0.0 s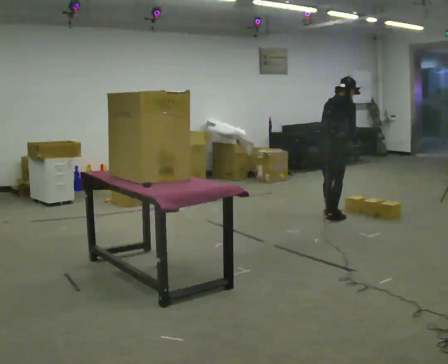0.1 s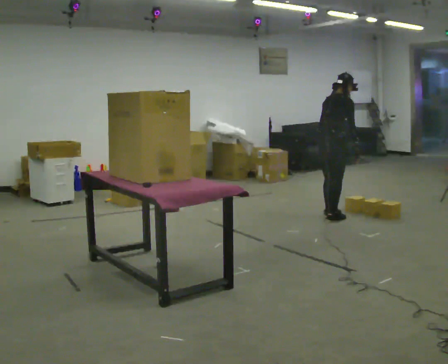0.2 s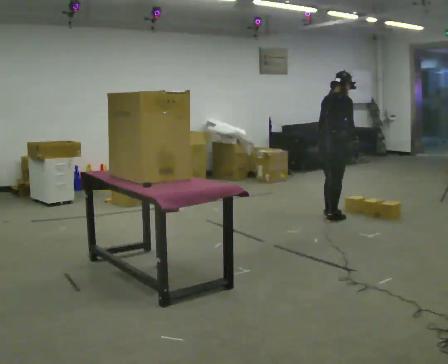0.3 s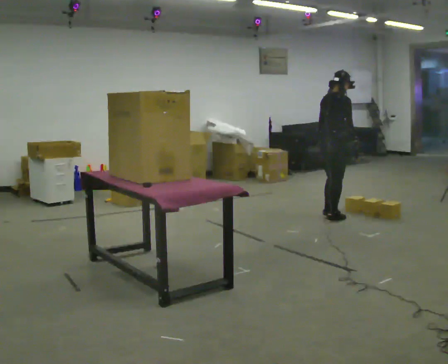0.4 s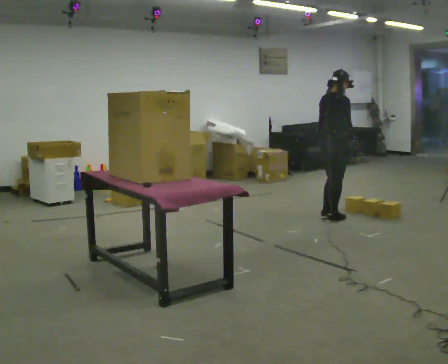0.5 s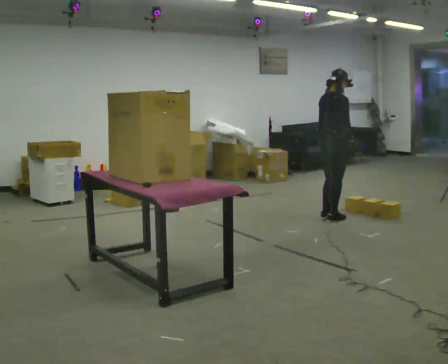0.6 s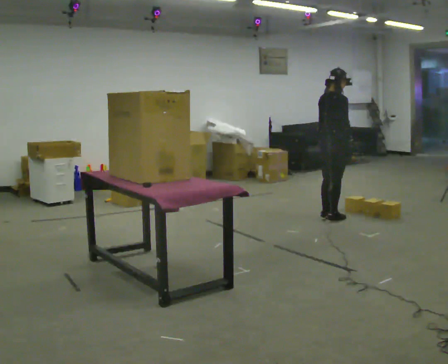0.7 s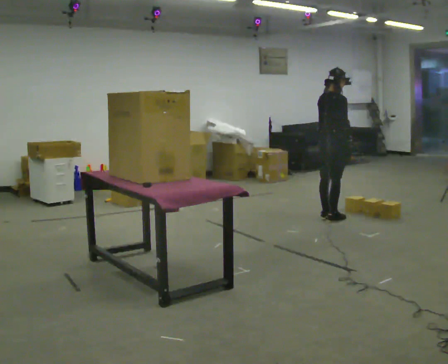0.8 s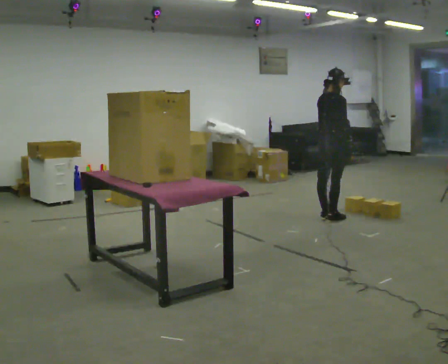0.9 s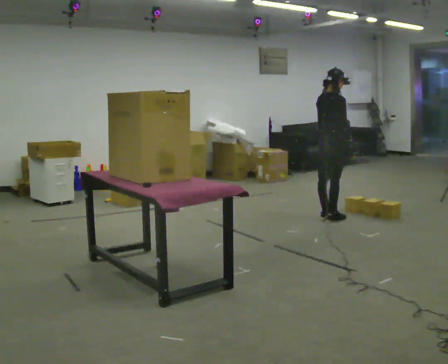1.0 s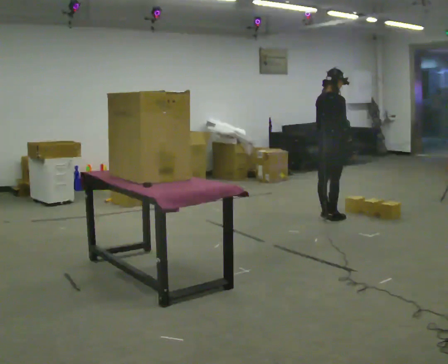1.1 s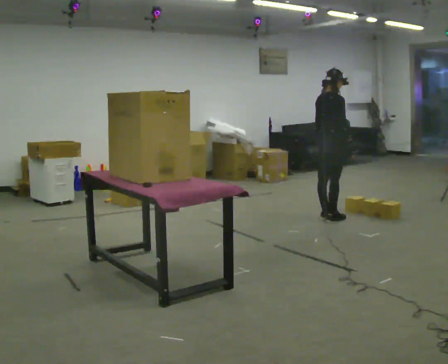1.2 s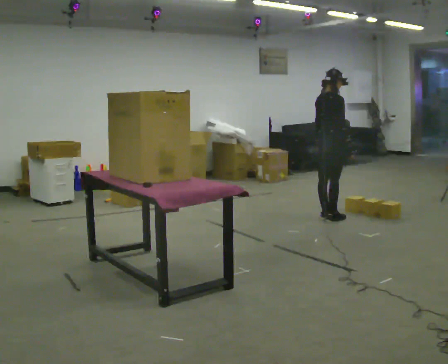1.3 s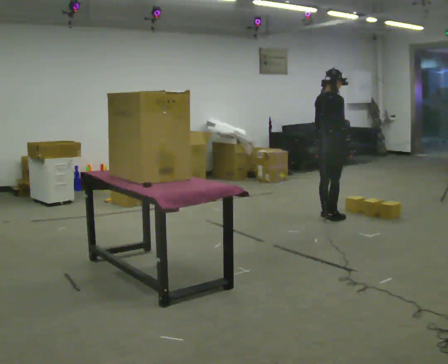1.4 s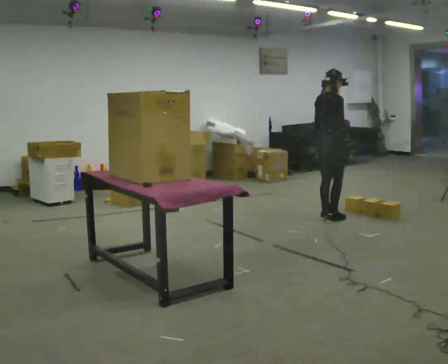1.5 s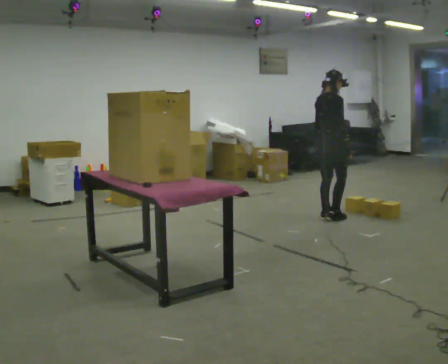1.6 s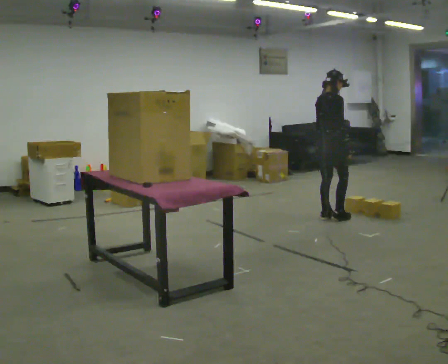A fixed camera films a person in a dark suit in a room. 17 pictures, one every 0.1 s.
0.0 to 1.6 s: In the picture the upper body tilts counterclockwise, shoulders to the left, as they lean back or straighten.
The film runs forward here.
